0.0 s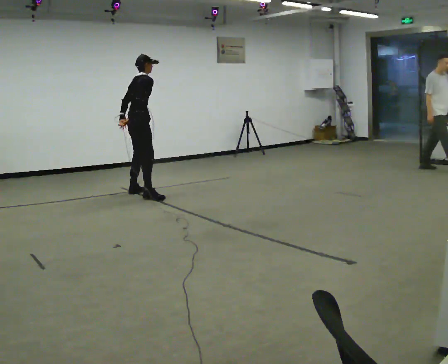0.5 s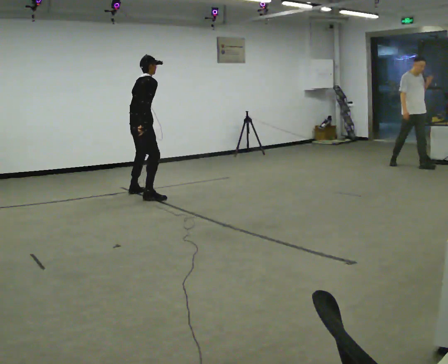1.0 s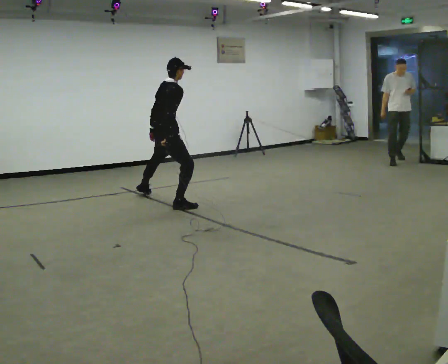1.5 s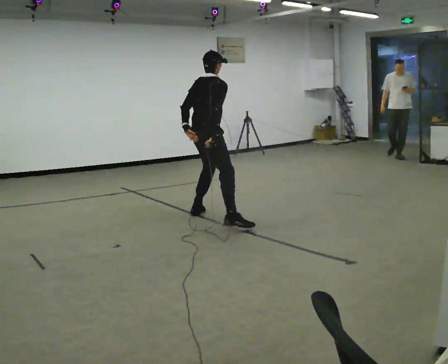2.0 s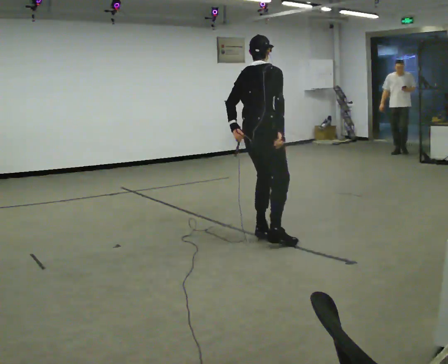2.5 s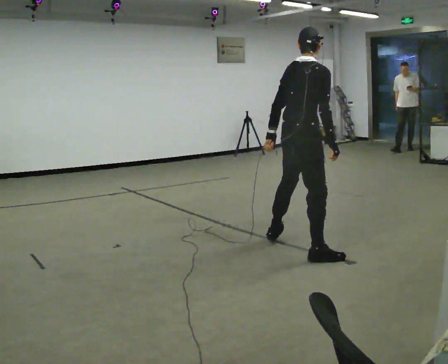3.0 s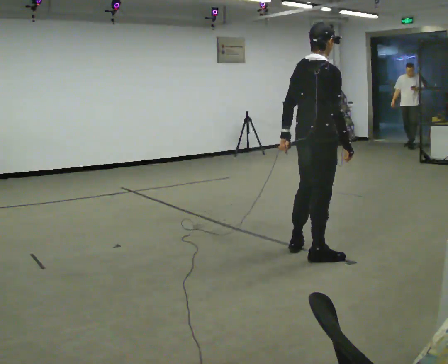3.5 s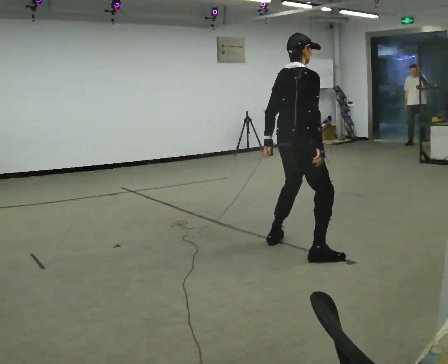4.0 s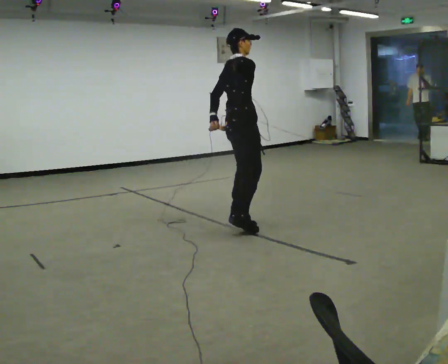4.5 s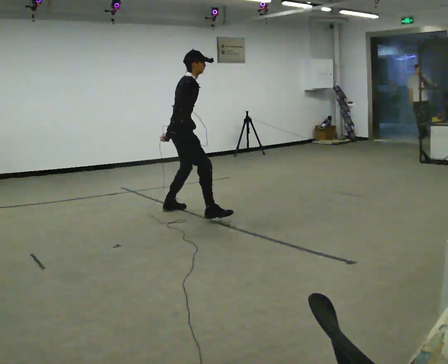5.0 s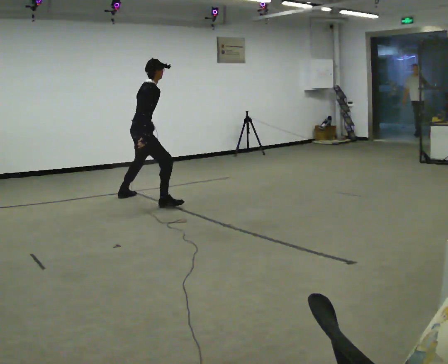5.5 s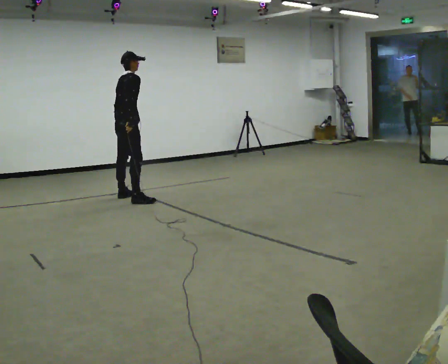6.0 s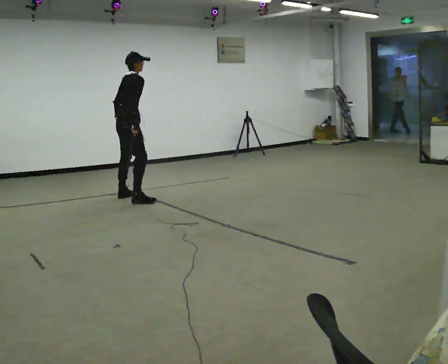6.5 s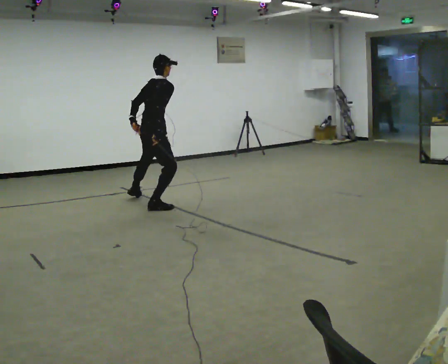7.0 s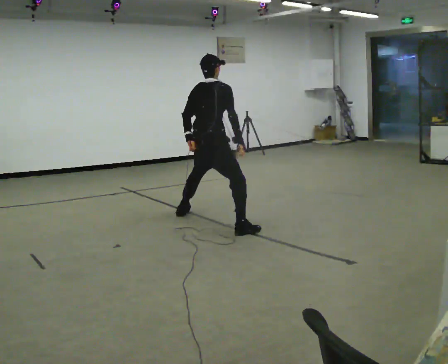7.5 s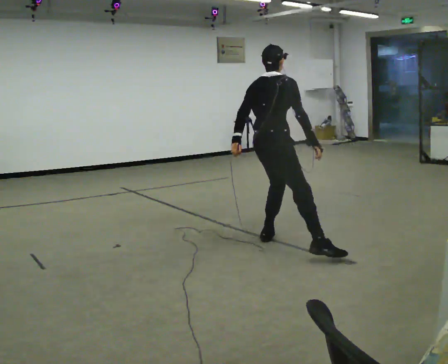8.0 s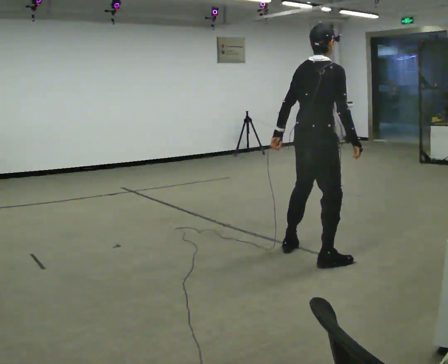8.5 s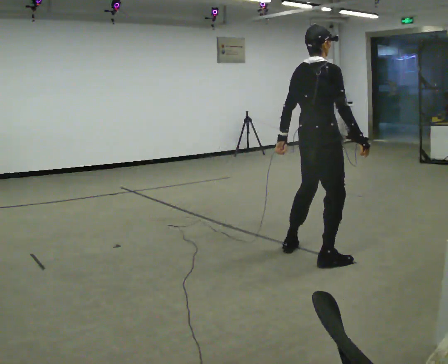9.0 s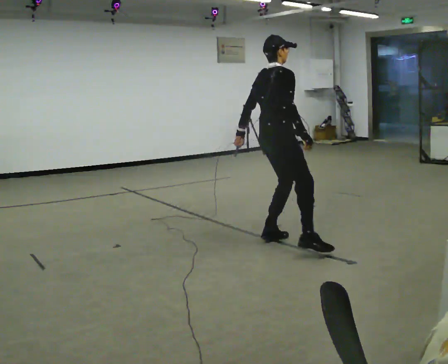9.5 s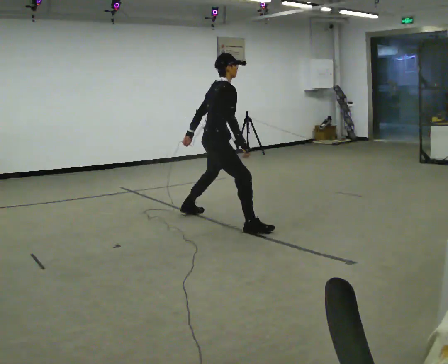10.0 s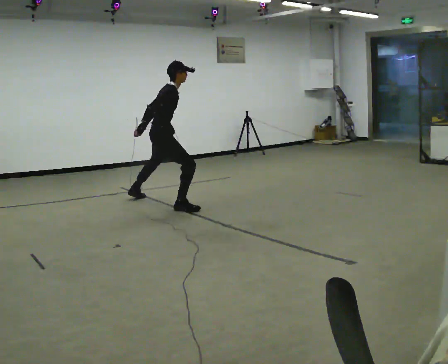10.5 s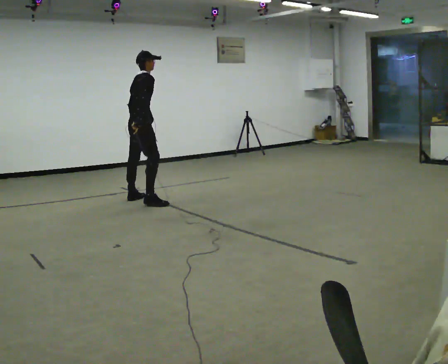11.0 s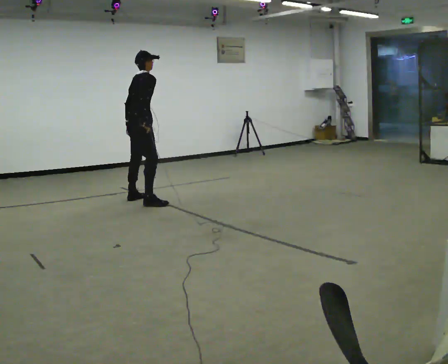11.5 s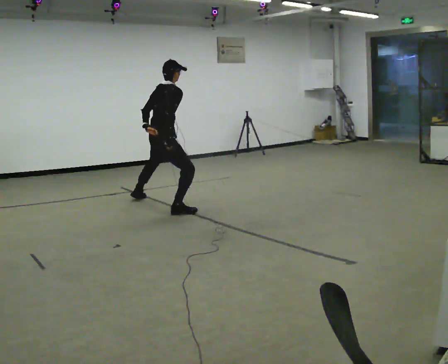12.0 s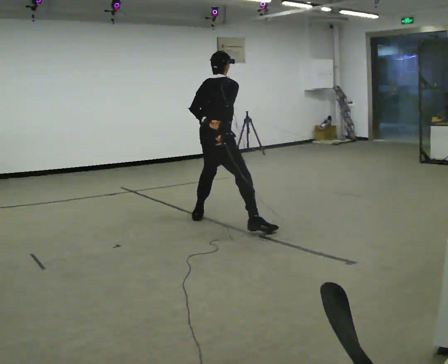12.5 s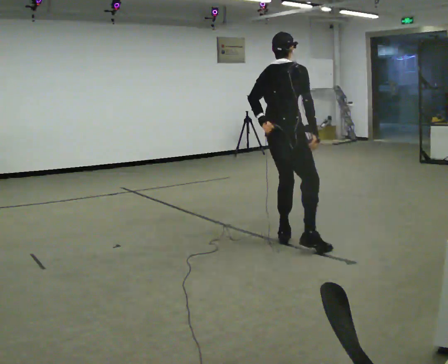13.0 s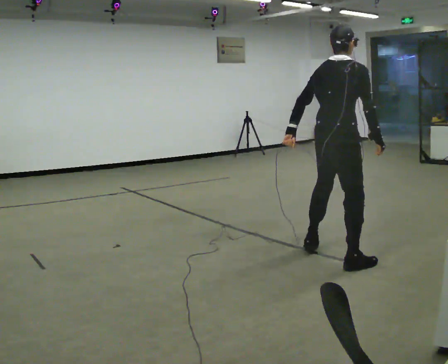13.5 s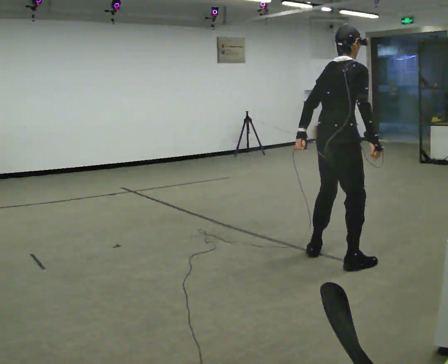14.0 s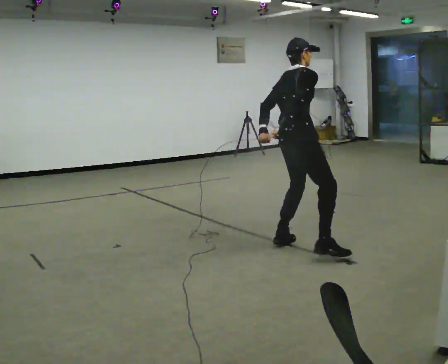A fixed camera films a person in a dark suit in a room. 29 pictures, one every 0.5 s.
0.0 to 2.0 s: In the picture they go toward the camera and to the right, about 2 m in 5 steps, which for them is to their right.
2.0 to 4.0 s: In the picture they go away from the camera, about 0.25 m in 4 steps, which for them is to their left.
4.0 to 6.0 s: In the picture they go away from the camera and to the left, about 2 m in 3 steps, which for them is to their left and backward.
6.0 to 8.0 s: In the picture they go toward the camera and to the right, about 3 m in 5 steps, which for them is to their right.
8.0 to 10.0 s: In the picture they go away from the camera and to the left, about 2 m in 4 steps, which for them is to their left.
10.0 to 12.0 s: The person turns about 30 degrees to their left, counterclockwise seen from above, so the part of the body nearest the lens slides to the right. In the picture they go toward the camera and to the right, about 1 m in 4 steps, which for them is to their right.
12.0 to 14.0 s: In the picture they go toward the camera and to the right, about 1 m in 4 steps, which for them is to their right.
The film runs backward here.
